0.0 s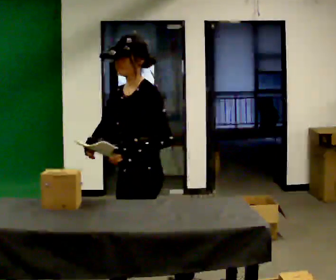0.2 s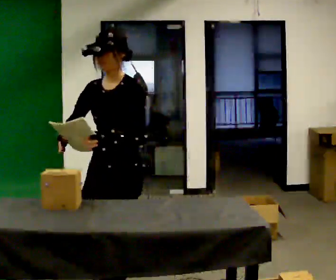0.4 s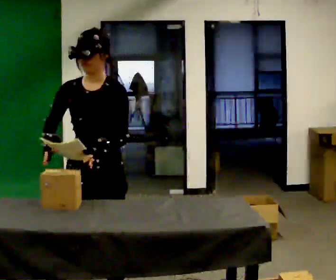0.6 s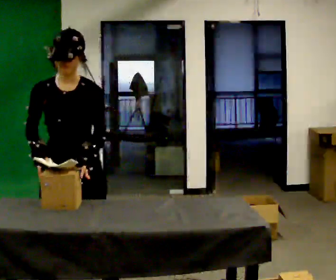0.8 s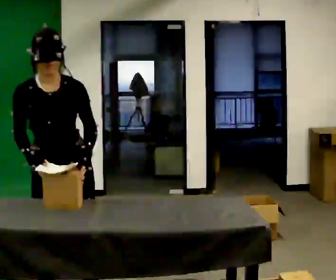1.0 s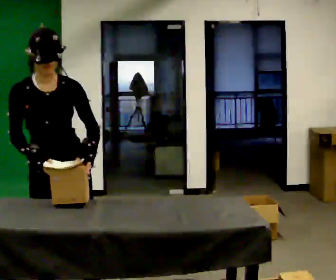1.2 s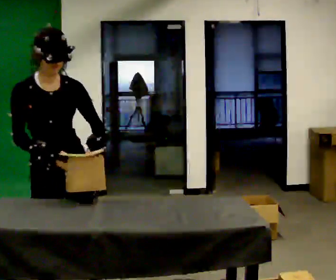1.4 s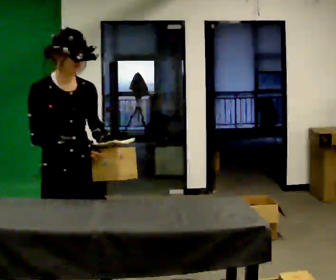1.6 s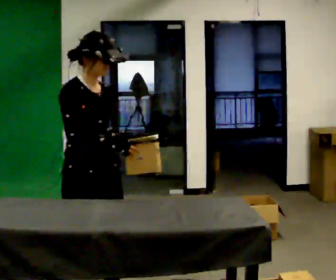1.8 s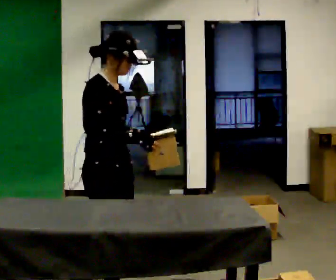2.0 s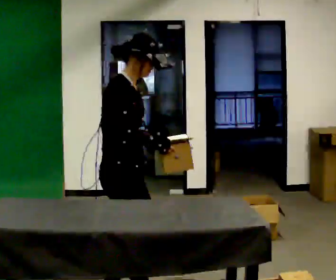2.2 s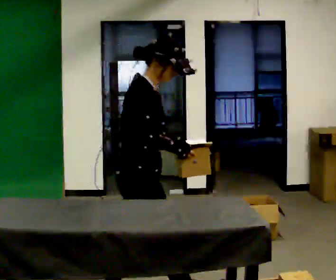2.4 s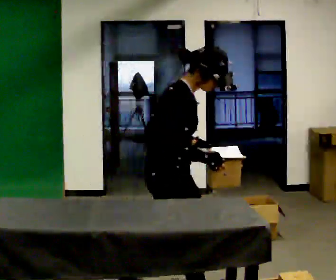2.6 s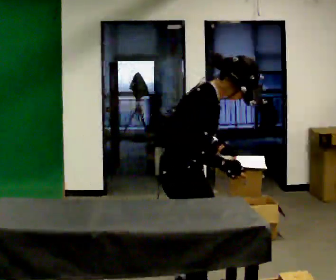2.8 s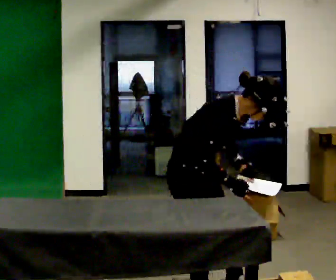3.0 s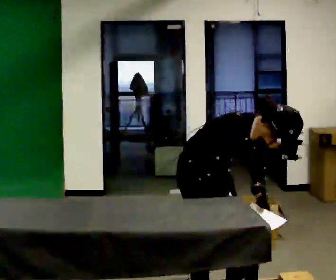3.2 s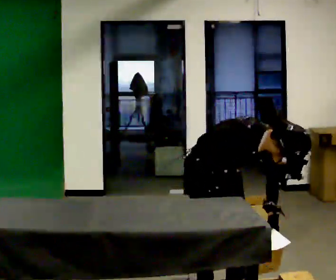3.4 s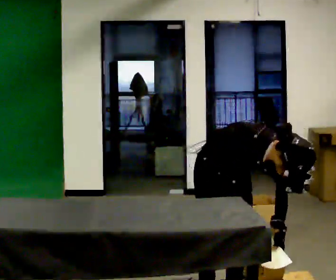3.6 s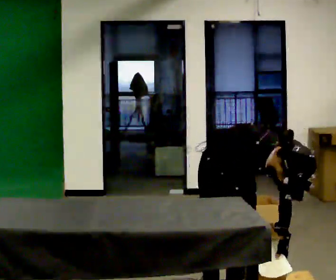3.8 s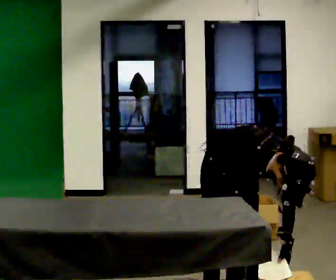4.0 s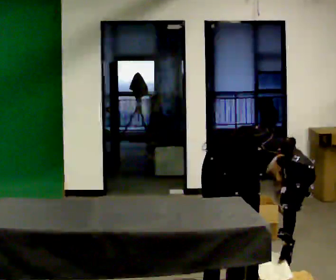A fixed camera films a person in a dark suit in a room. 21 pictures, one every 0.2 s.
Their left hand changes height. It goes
downward.
The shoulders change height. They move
downward.
0.0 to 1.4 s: The part of the body nearest the lens slides to the right as the person turns to their left by about 105 degrees. In the picture they go to the left, about 0.5 m in 2 steps.
1.4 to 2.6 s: Seen from above the body turns counterclockwise, about 45 degrees: to their left, with its near side sliding to the right. In the picture they go to the right, about 0.5 m in 1 step, which for them is forward. In the picture the upper body tilts clockwise, shoulders to the right, as they bend forward.
2.6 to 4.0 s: Seen from above the body turns clockwise, about 60 degrees: to their right, with its near side sliding to the left. In the picture they go to the right and away from the camera, about 0.25 m in 1 step, which for them is to their left. The upper body goes downward. The upper body tips toward the camera, its near side rolling downward, as they bend forward. In the picture their left hand goes downward.
The film runs forward here.
